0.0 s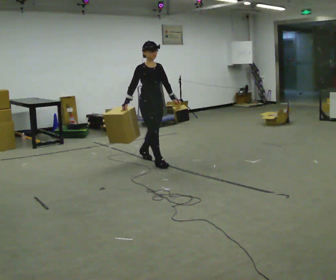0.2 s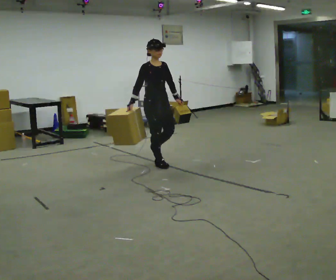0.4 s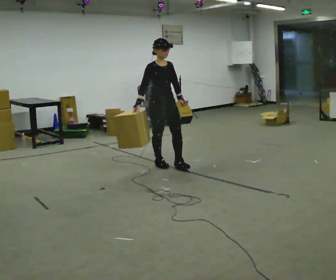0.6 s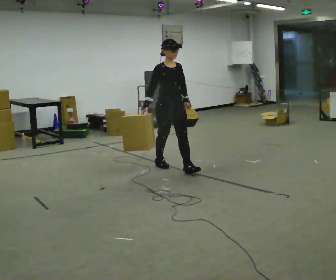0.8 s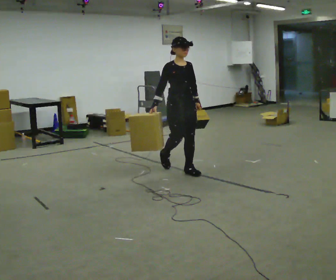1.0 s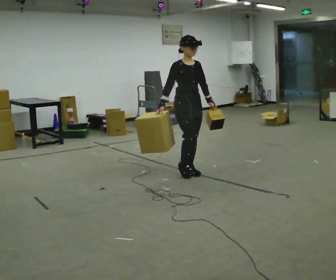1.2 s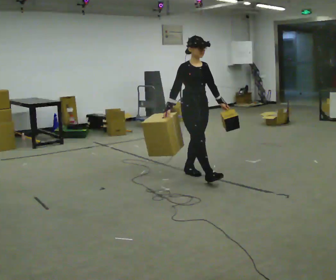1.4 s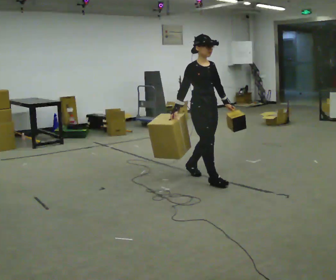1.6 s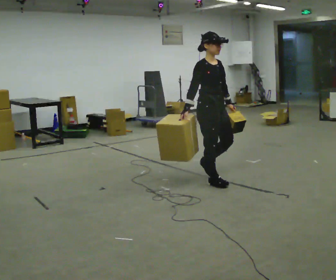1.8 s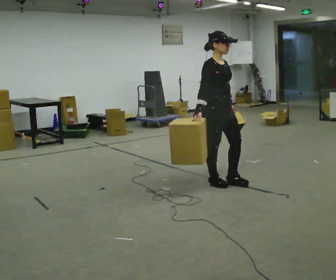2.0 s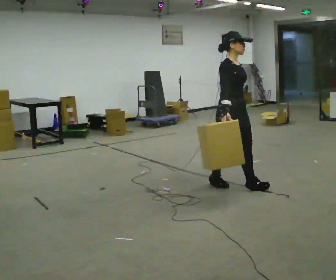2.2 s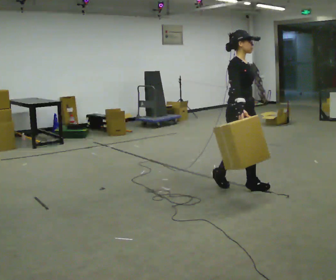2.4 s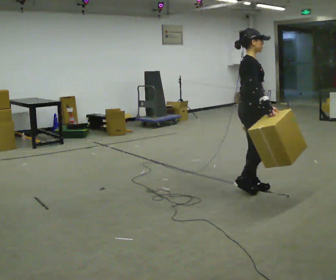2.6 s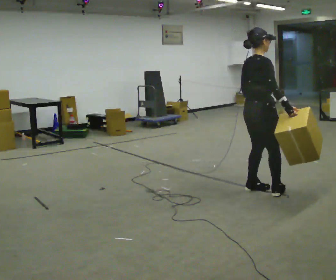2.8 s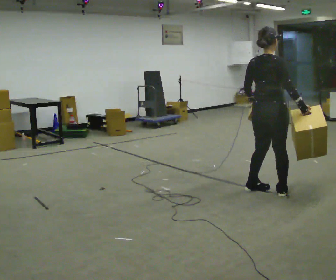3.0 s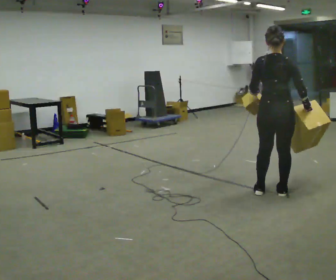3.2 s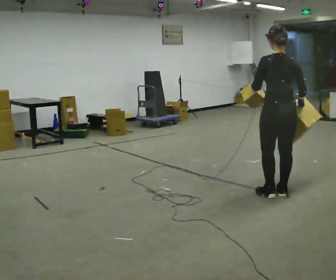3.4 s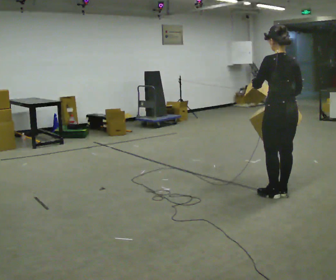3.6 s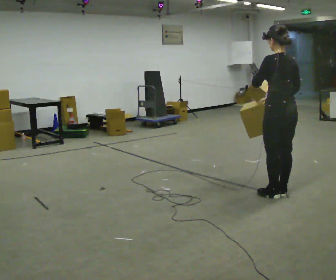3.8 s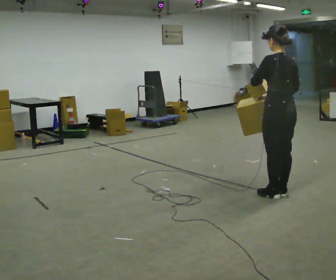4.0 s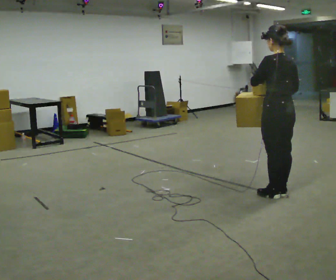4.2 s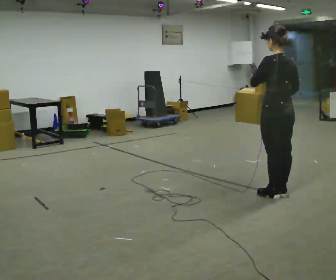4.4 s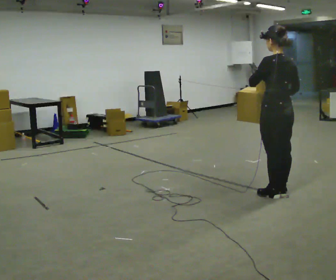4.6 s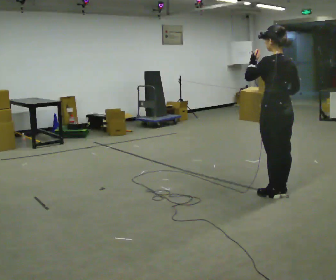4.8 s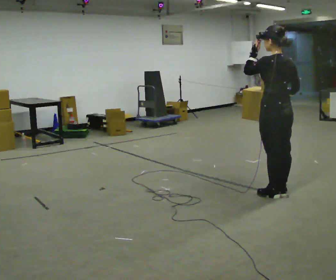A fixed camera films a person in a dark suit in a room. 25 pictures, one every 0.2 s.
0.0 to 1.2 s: In the picture they go to the right and toward the camera, about 1 m in 1 step, which for them is forward.
1.2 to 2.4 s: The person turns about 45 degrees to their left, counterclockwise seen from above, so the part of the body nearest the lens slides to the right. In the picture they go to the right and toward the camera, about 1 m in 2 steps, which for them is forward.
2.4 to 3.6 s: Seen from above the body turns counterclockwise, about 120 degrees: to their left, with its near side sliding to the right. In the picture they go to the right and toward the camera, about 0.25 m in 2 steps.
3.6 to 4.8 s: The person moves a little, or ends about where they began.
The film runs forward here.
